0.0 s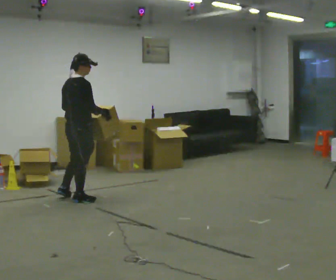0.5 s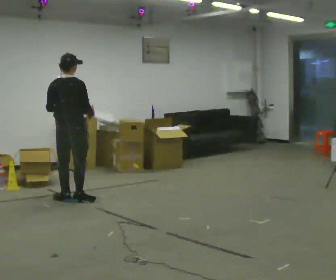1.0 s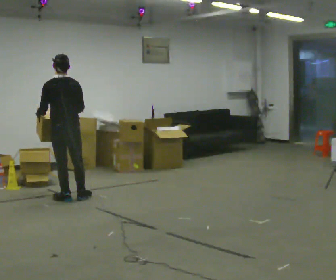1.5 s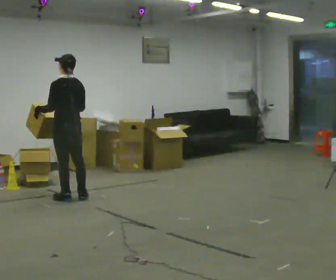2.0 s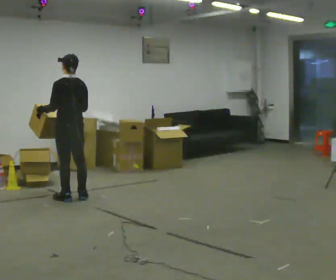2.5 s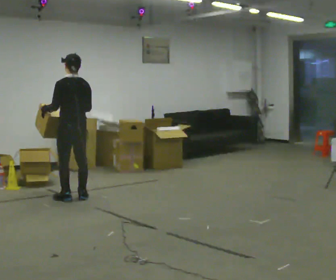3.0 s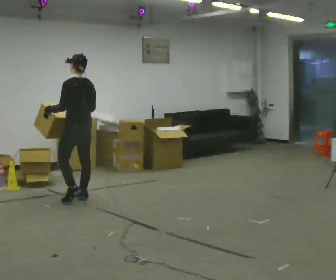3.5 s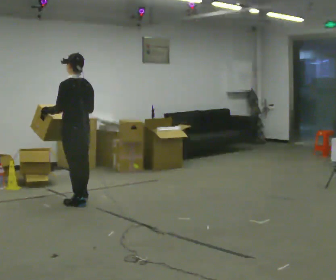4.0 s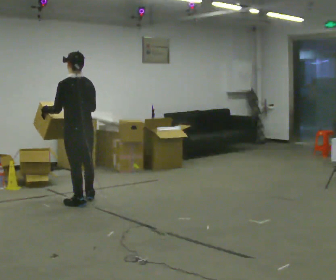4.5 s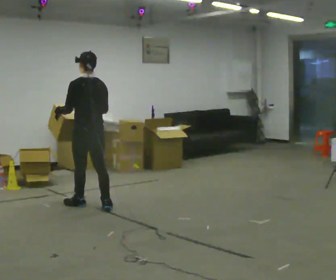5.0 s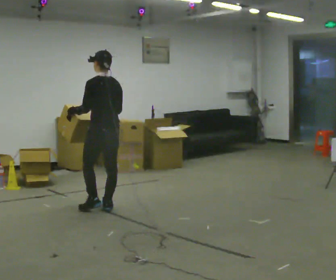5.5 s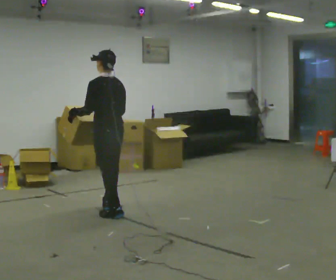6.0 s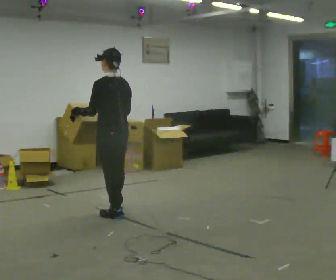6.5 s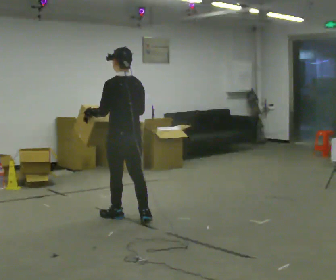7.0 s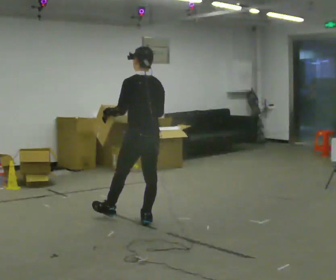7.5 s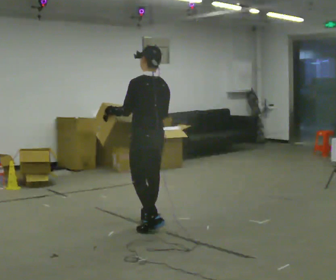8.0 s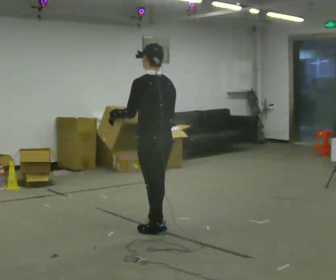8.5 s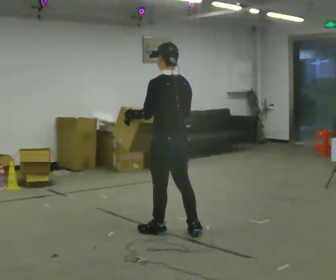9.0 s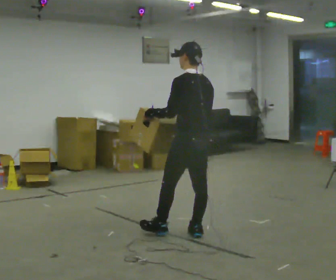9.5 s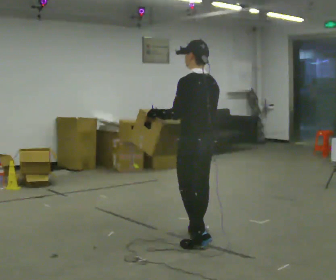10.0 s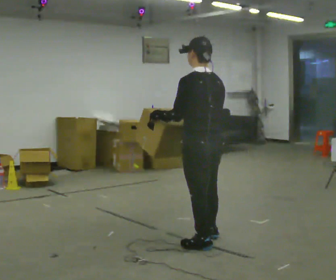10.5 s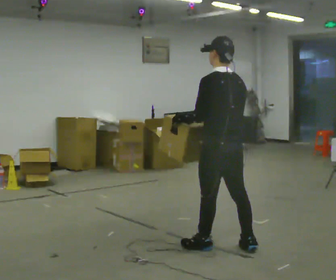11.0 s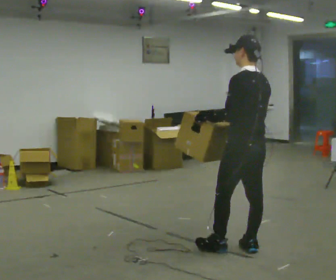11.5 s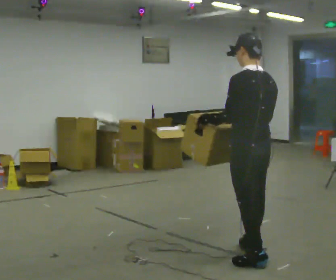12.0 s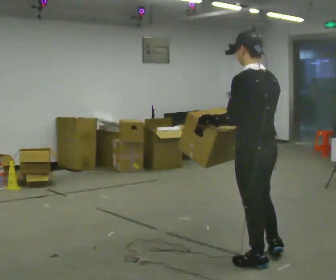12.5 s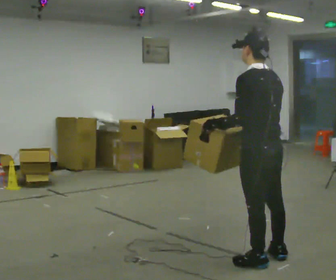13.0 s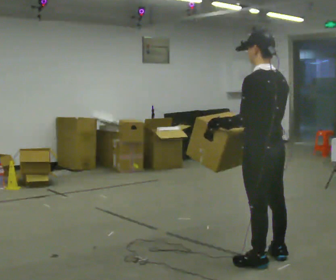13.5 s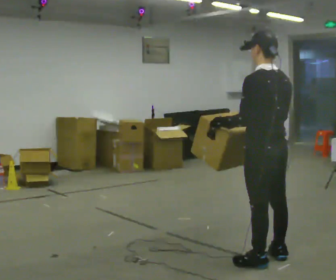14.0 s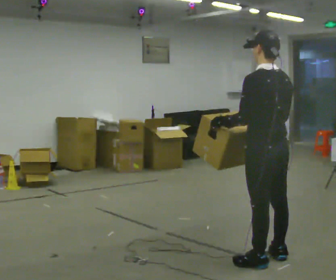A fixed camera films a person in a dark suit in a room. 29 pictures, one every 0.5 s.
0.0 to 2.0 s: The part of the body nearest the lens slides to the right as the person turns to their left by about 90 degrees. In the picture their left hand goes to the left.
2.0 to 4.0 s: In the picture they go toward the camera, about 0.25 m in 2 steps, which for them is backward.
4.0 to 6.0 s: In the picture they go toward the camera and to the right, about 0.5 m in 2 steps, which for them is backward.
6.0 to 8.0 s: In the picture they go toward the camera and to the right, about 0.75 m in 2 steps, which for them is backward.
8.0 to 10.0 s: In the picture they go toward the camera and to the right, about 0.5 m in 2 steps, which for them is backward.
10.0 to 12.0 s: In the picture they go toward the camera and to the right, about 0.5 m in 2 steps, which for them is backward.
12.0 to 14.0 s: The person moves a little, or ends about where they began.
The film runs backward here.
